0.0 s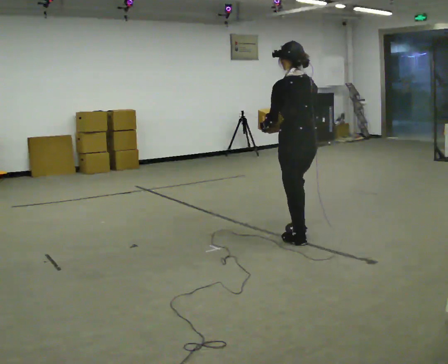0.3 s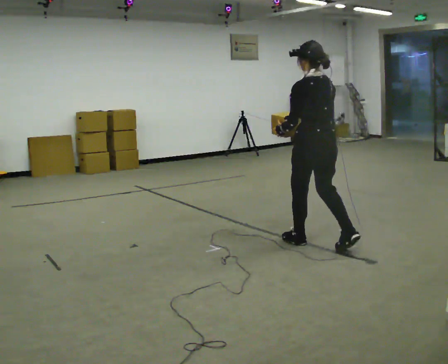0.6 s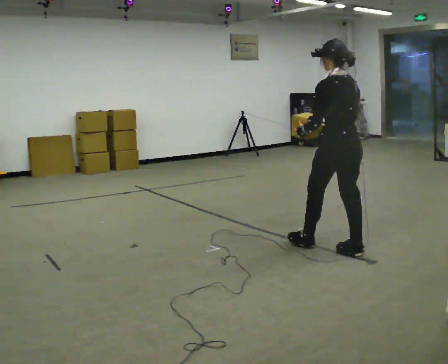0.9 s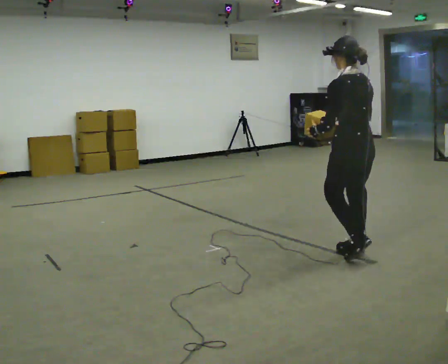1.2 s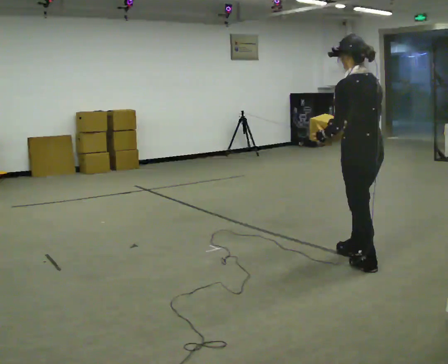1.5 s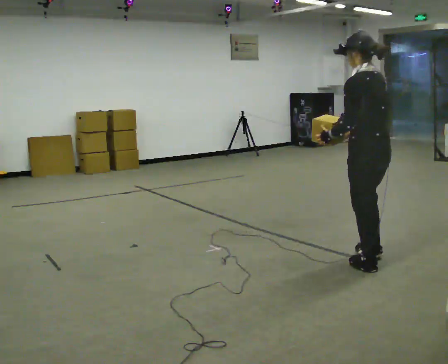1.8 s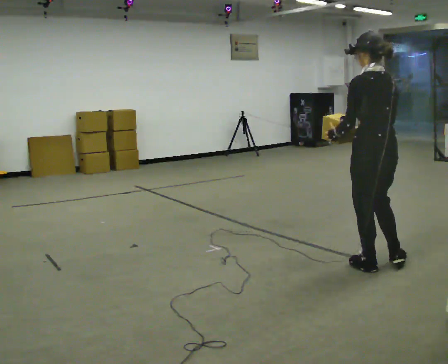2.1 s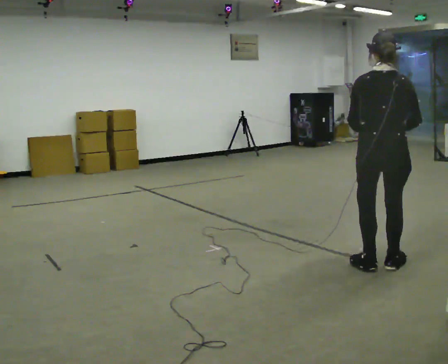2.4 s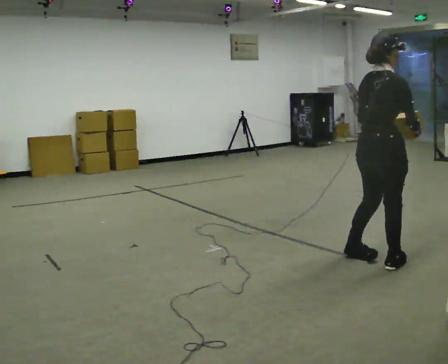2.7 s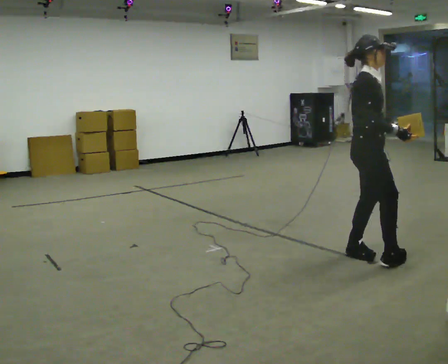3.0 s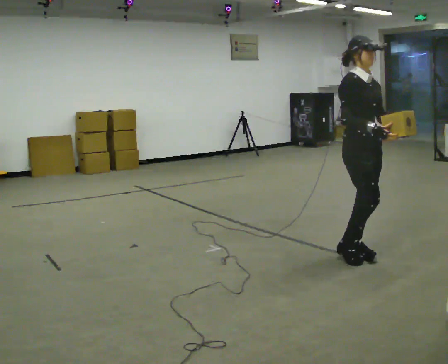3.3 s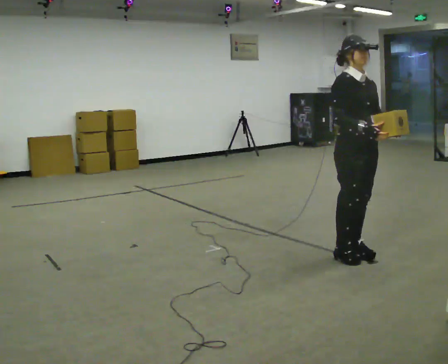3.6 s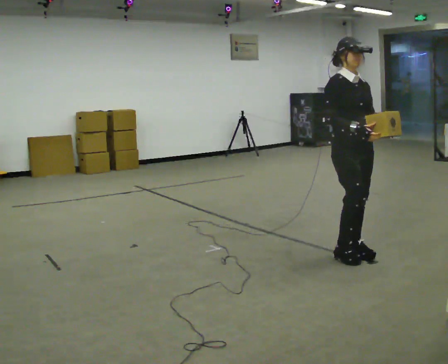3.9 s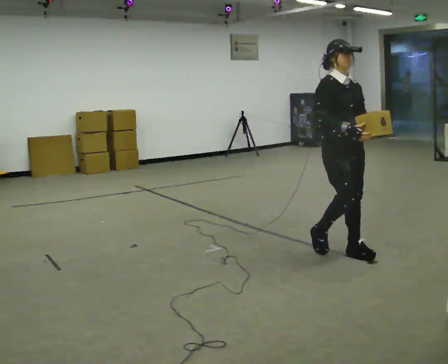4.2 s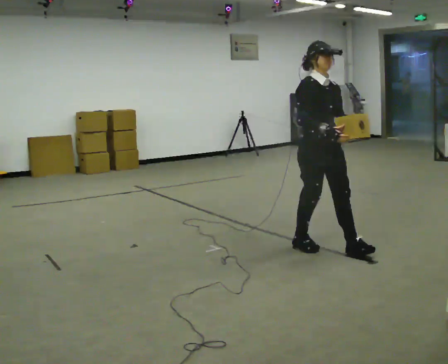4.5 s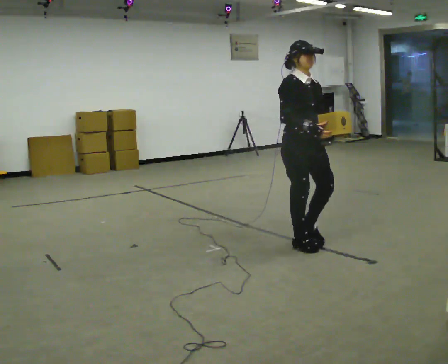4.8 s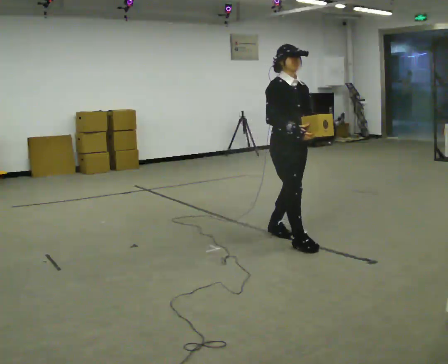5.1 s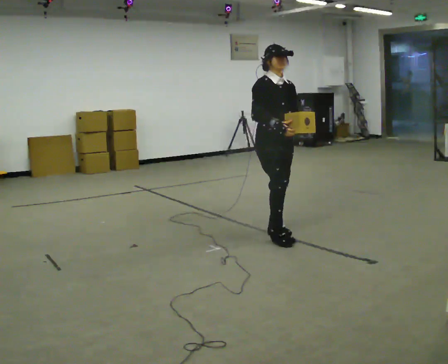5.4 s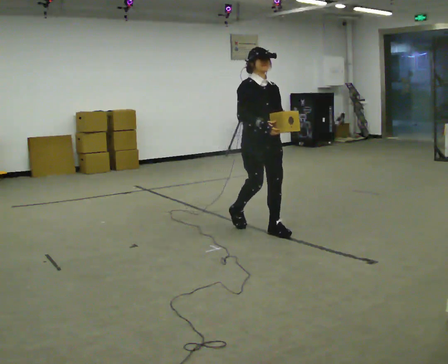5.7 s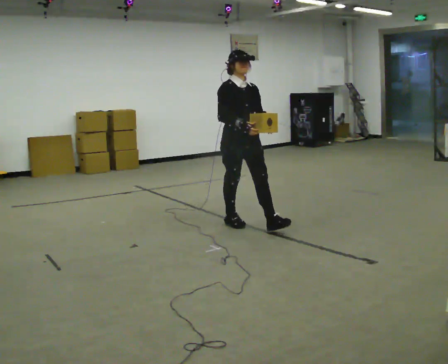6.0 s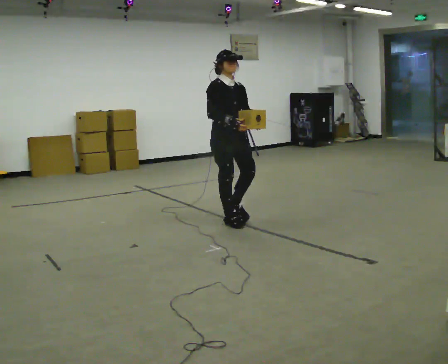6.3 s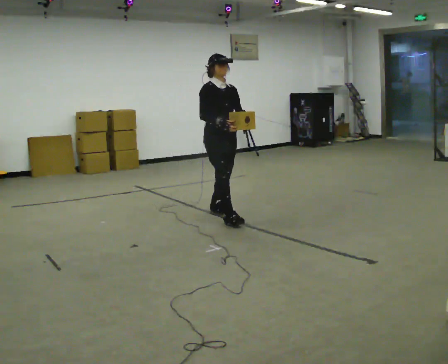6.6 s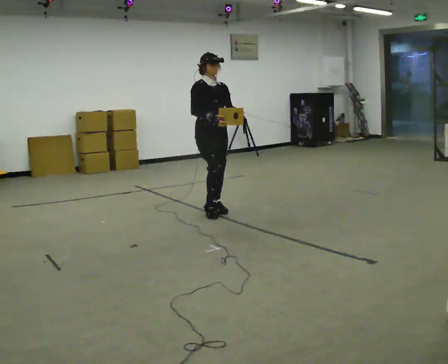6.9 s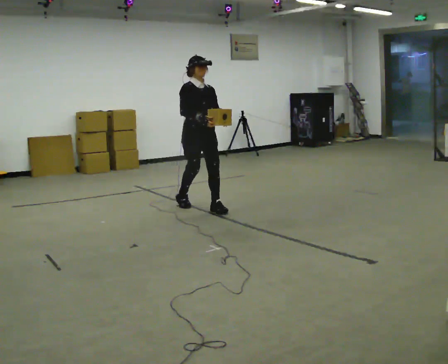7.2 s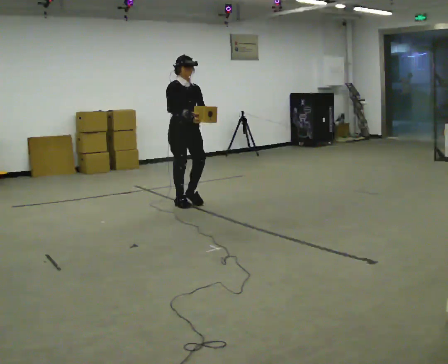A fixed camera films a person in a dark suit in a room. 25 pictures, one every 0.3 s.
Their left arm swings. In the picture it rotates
counterclockwise.
0.0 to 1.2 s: In the picture they go to the right and toward the camera, about 0.75 m in 1 step, which for them is backward.
1.2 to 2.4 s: The part of the body nearest the lens slides to the left as the person turns to their right by about 90 degrees. In the picture their right hand goes to the right, the arm swinging counterclockwise.
2.4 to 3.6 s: The person turns about 90 degrees to their right, clockwise seen from above, so the part of the body nearest the lens slides to the left. In the picture they go away from the camera and to the left, about 0.25 m in 1 step.
3.6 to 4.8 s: In the picture they go to the left and away from the camera, about 0.5 m in 2 steps, which for them is backward.
4.8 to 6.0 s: In the picture they go to the left and away from the camera, about 1 m in 2 steps, which for them is backward.
6.0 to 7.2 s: In the picture they go to the left and away from the camera, about 1 m in 2 steps, which for them is backward.
The film runs backward here.
